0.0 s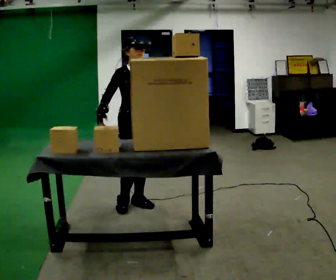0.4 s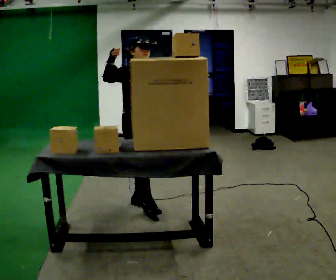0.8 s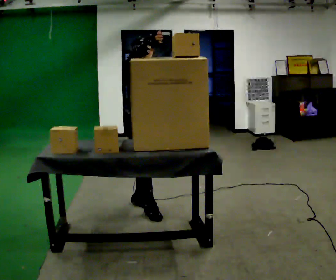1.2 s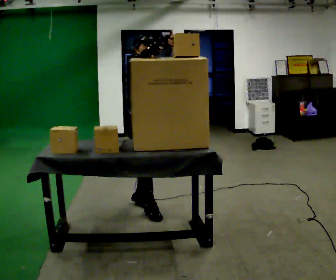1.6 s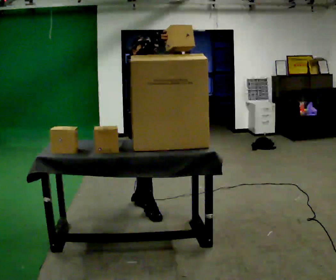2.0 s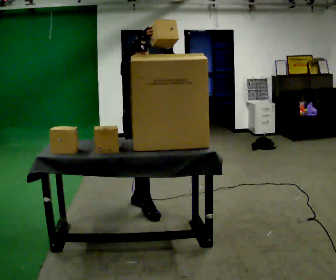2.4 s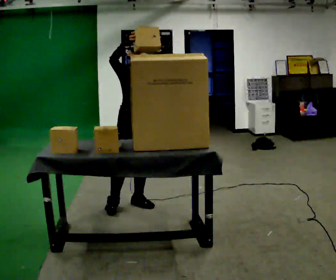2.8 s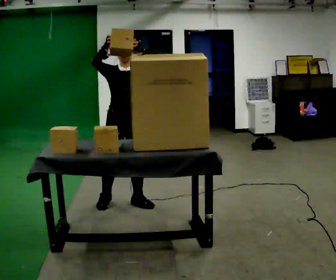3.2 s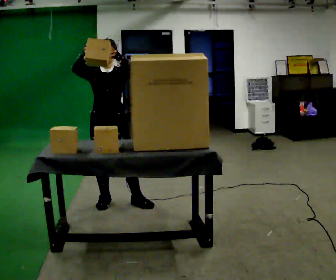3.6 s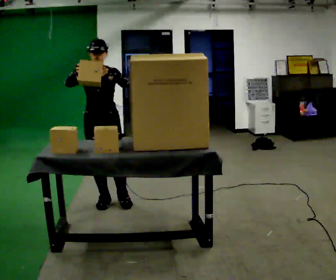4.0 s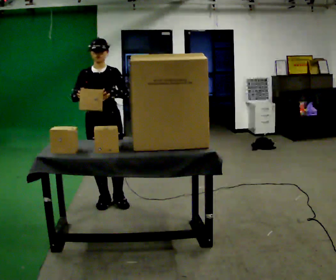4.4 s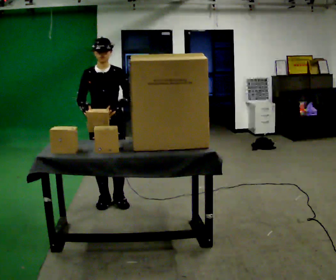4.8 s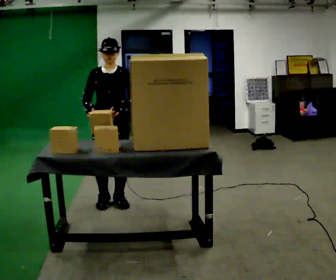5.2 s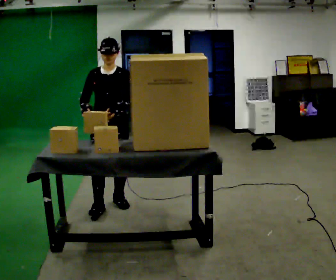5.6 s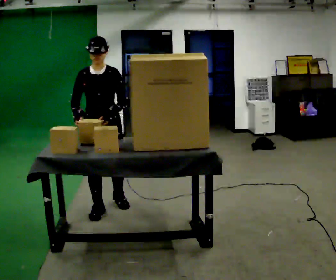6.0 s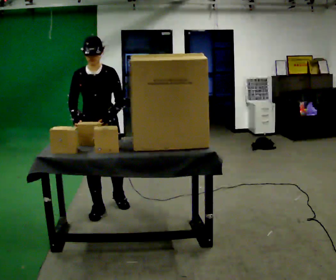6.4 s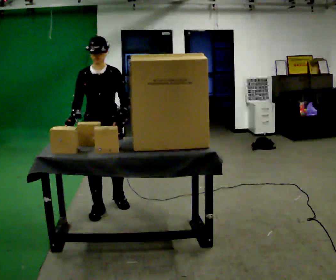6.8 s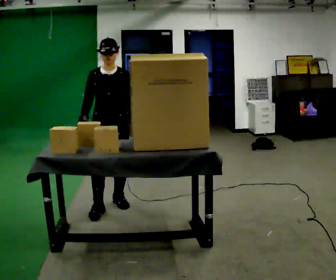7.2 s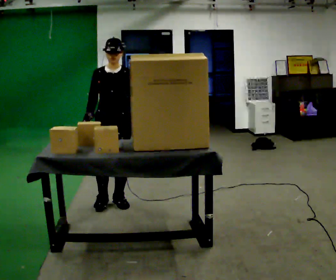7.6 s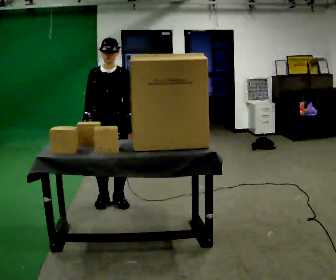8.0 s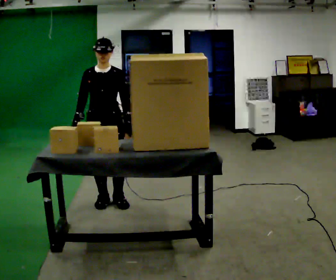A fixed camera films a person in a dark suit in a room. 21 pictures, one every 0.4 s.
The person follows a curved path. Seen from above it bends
clockwise.
0.0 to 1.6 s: In the picture their left hand goes upward, the arm swinging counterclockwise.
1.6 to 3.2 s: Seen from above the body turns clockwise, about 30 degrees: to their right, with its near side sliding to the left. In the picture they go to the left and away from the camera, about 0.25 m in 1 step, which for them is to their right and backward.
3.2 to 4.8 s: In the picture their right hand goes downward.
4.8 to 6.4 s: In the picture they go toward the camera, about 0.25 m in 1 step, which for them is forward.
6.4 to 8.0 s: In the picture they go away from the camera, about 0.25 m in 1 step, which for them is backward.
The film runs forward here.
